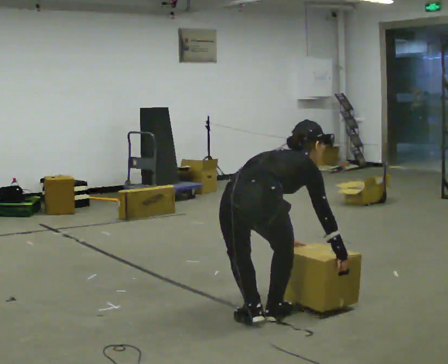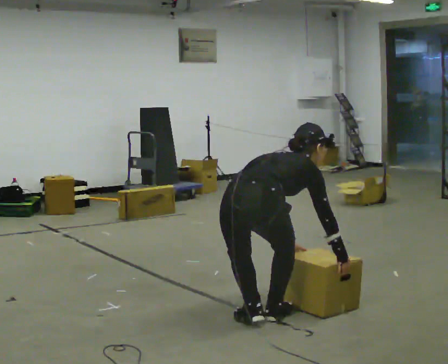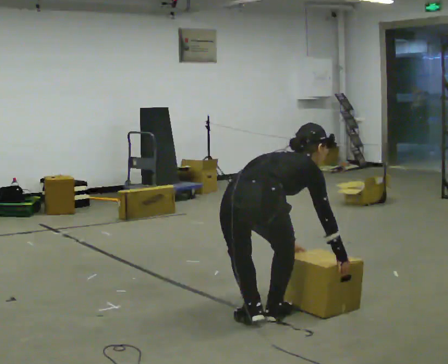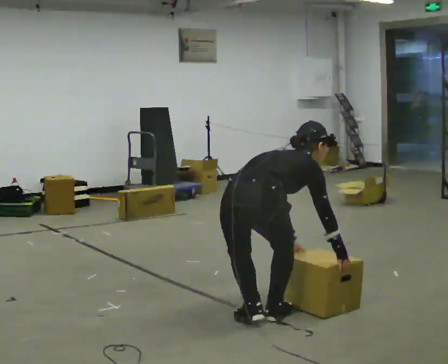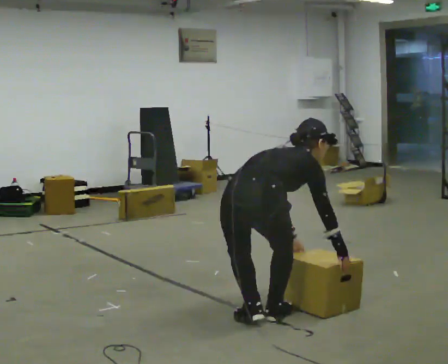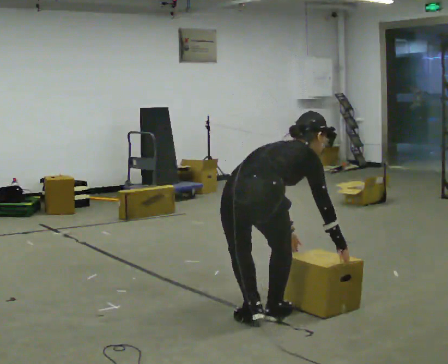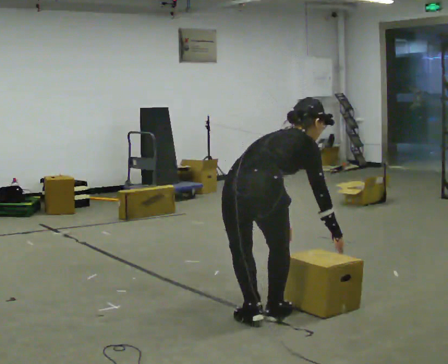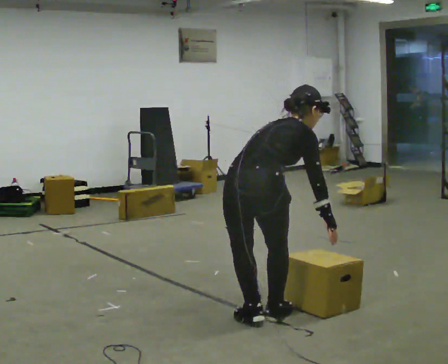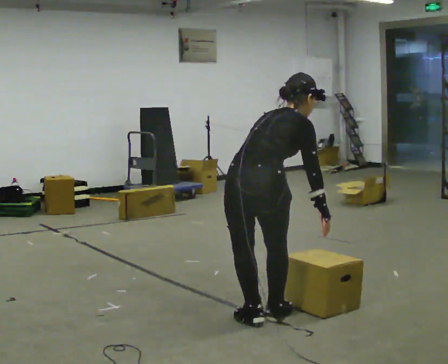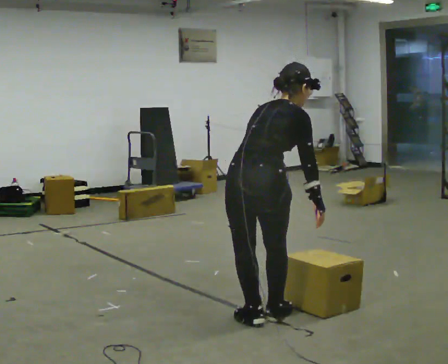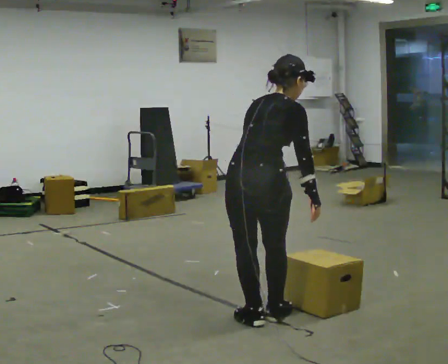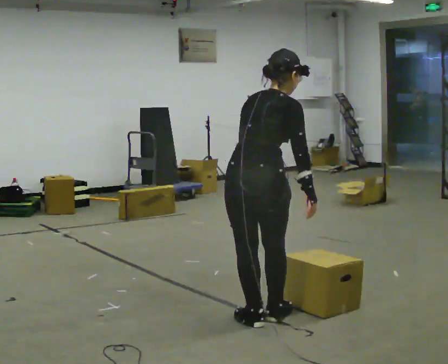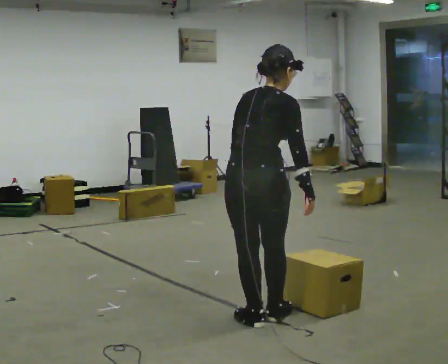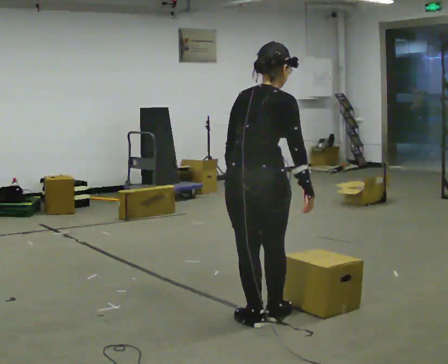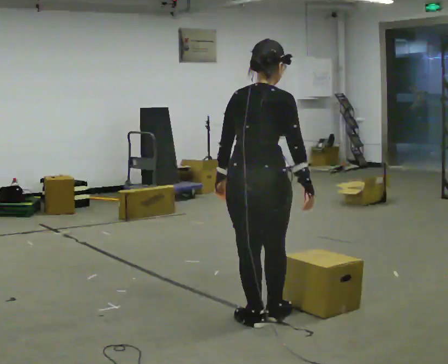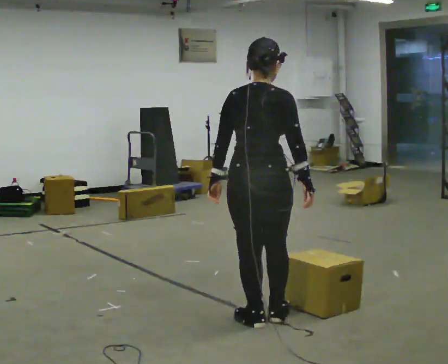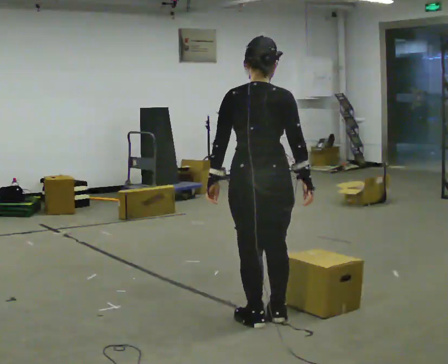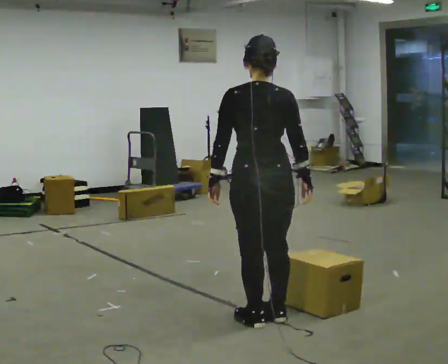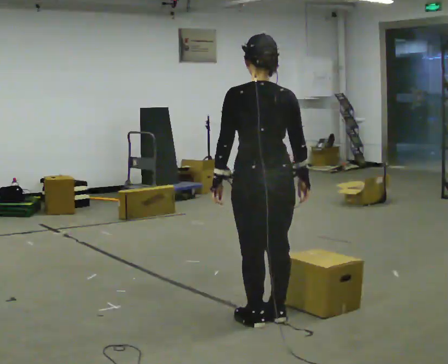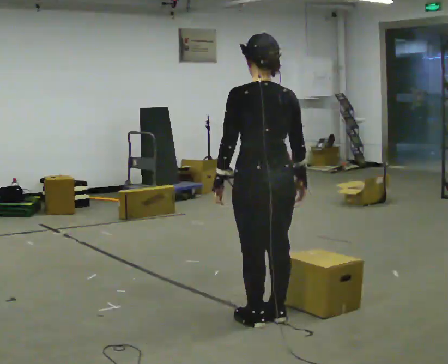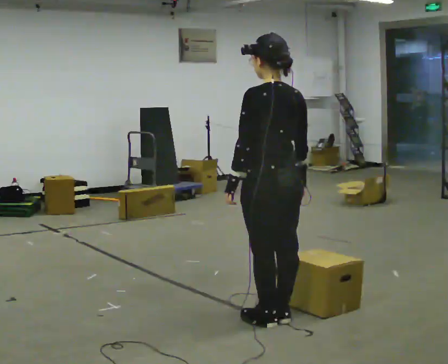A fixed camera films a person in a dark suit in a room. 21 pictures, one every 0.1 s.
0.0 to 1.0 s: The upper body goes upward. In the picture the upper body tilts counterclockwise, shoulders to the left, as they lean back or straighten. In the picture their left hand goes upward.
1.0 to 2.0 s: Seen from above the body turns counterclockwise, about 60 degrees: to their left, with its near side sliding to the right. The upper body tips toward the camera, its near side rolling downward, as they lean back or straighten.
The film runs backward here.
